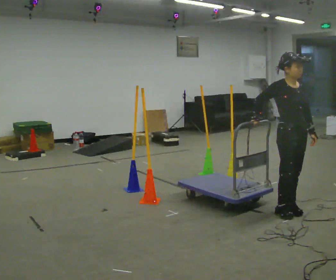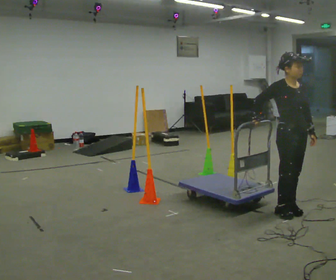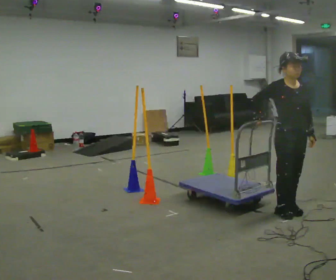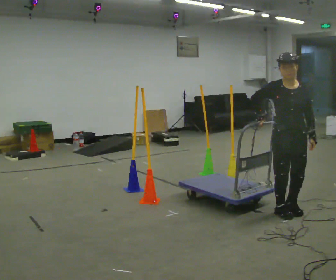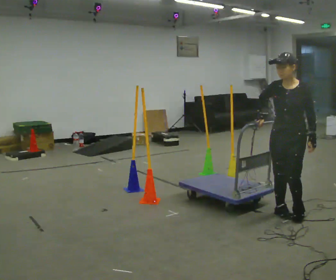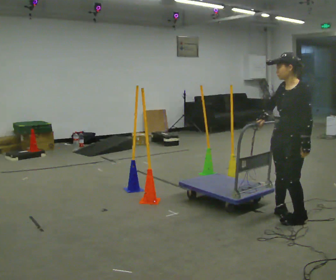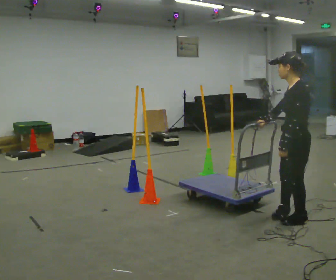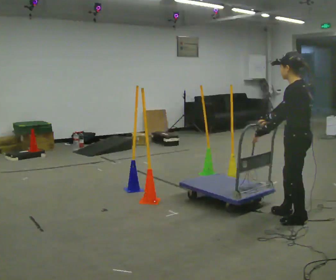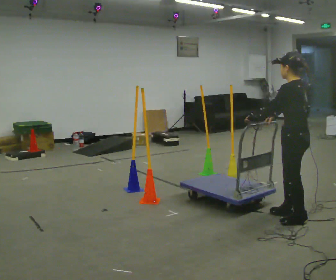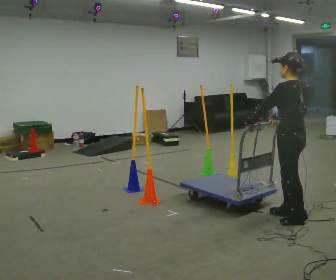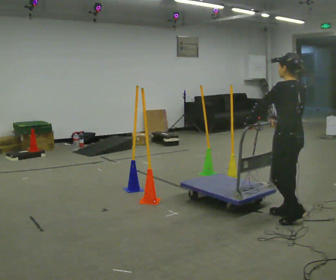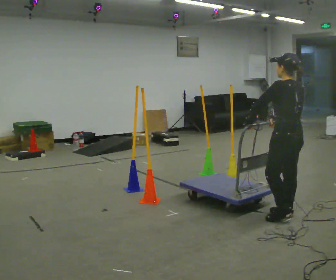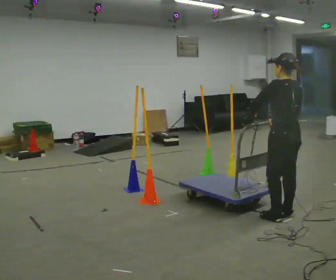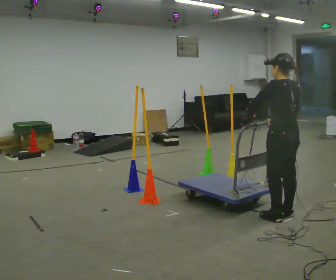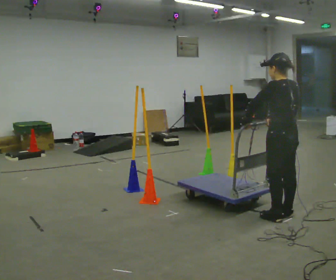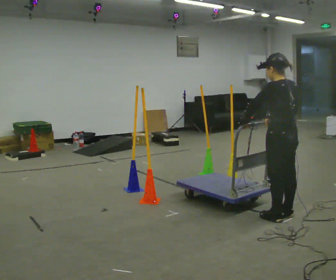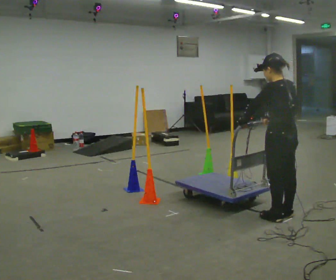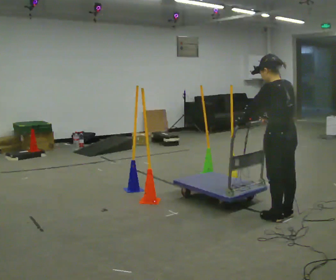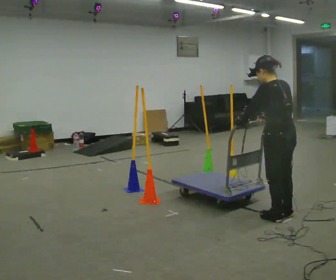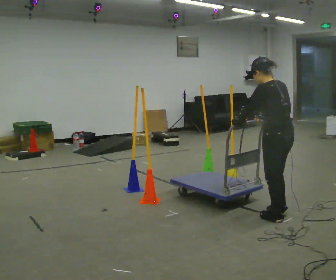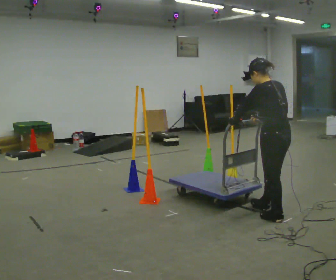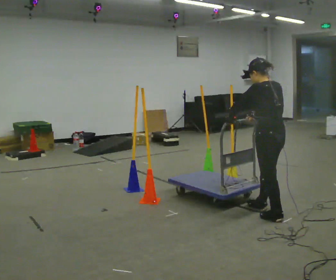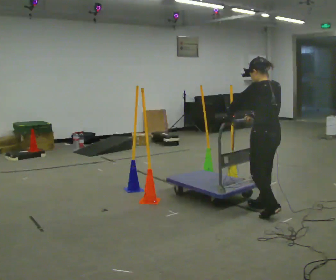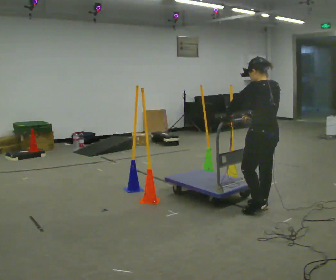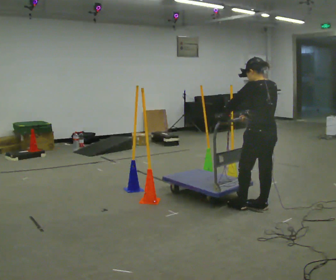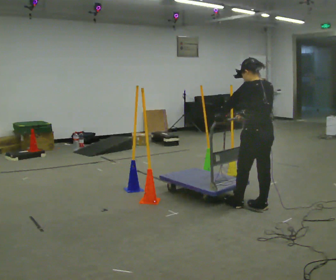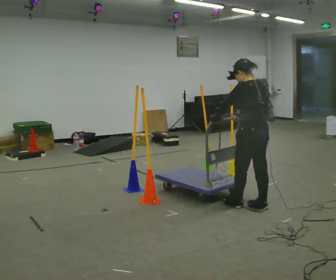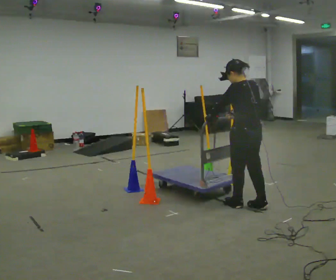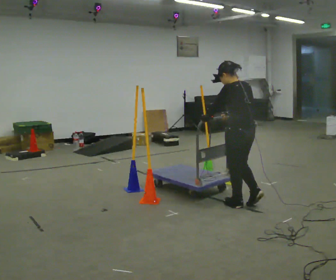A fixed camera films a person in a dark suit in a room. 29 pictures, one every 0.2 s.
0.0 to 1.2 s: Seen from above the body turns clockwise, about 120 degrees: to their right, with its near side sliding to the left. In the picture they go toward the camera, about 0.25 m in 1 step.
1.2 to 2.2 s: The person turns about 45 degrees to their right, clockwise seen from above, so the part of the body nearest the lens slides to the left. In the picture their left hand goes to the left.
2.2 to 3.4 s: The person moves a little, or ends about where they began.
3.4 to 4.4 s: In the picture they go away from the camera and to the left, about 0.25 m in 1 step, which for them is forward.
4.4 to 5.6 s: In the picture they go to the left, about 0.25 m in 1 step, which for them is forward.
The film runs forward here.
